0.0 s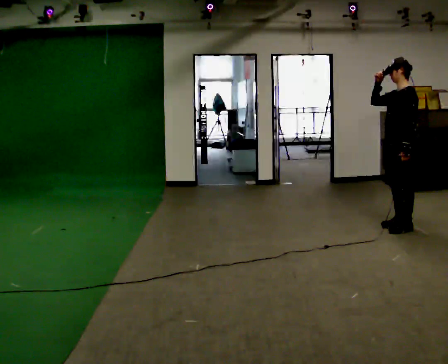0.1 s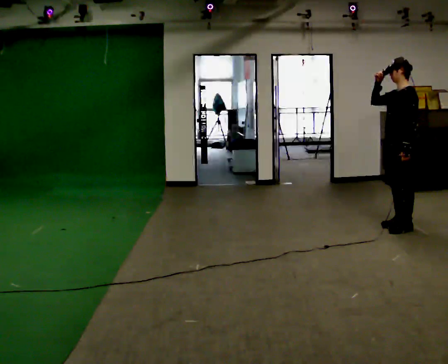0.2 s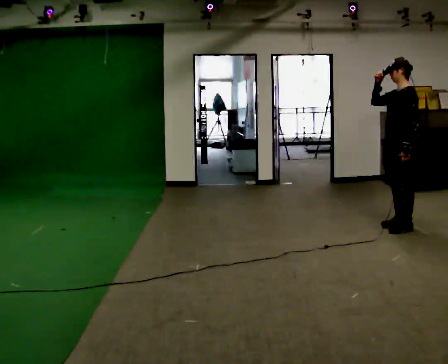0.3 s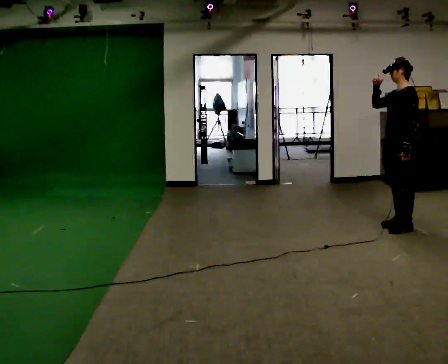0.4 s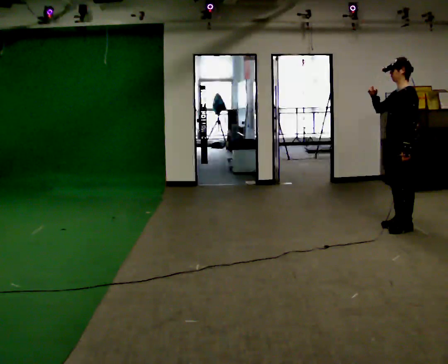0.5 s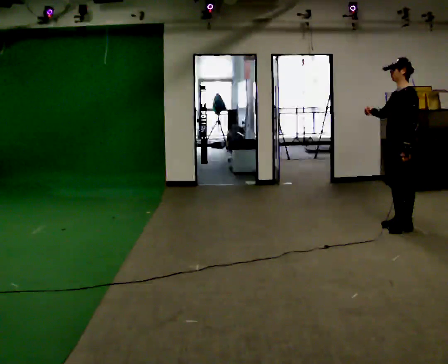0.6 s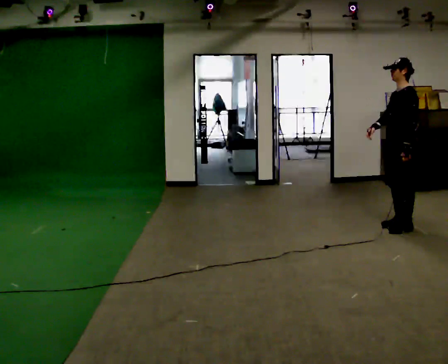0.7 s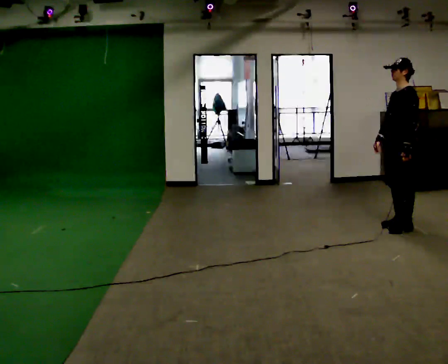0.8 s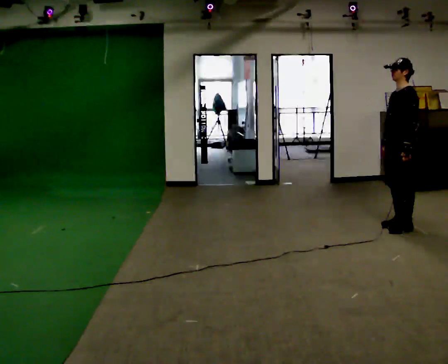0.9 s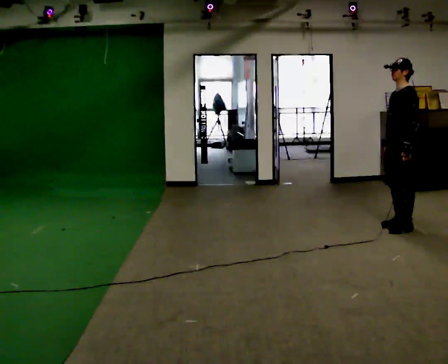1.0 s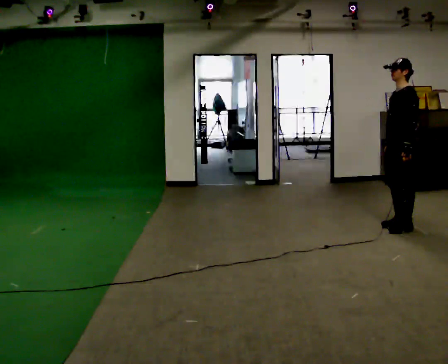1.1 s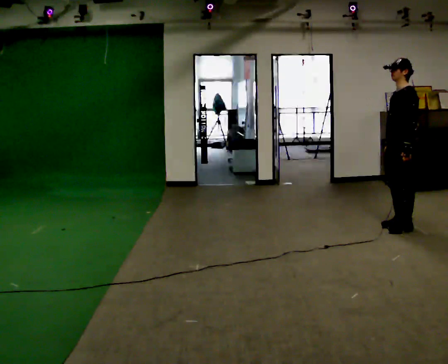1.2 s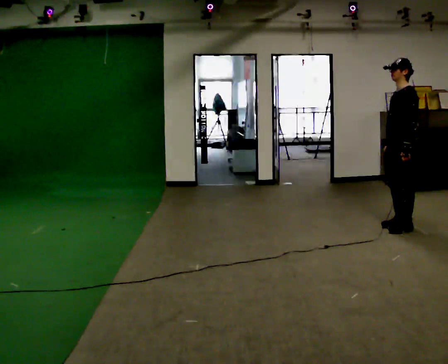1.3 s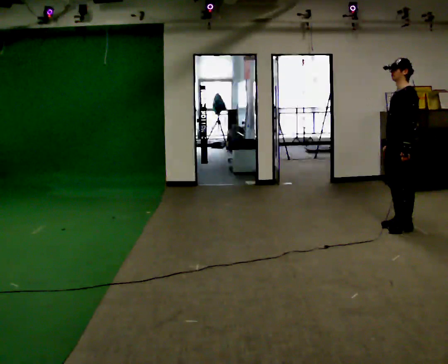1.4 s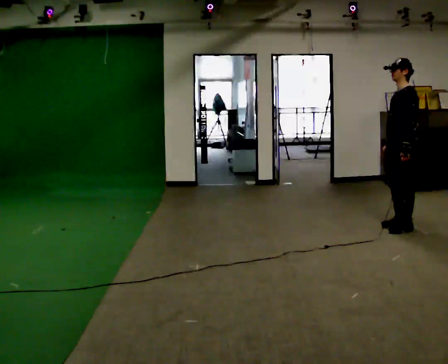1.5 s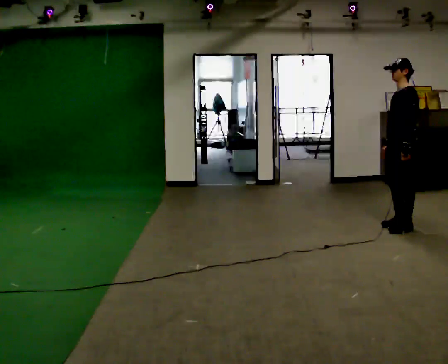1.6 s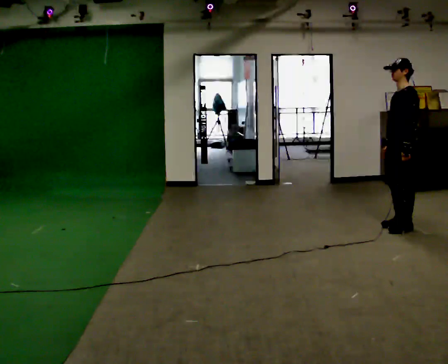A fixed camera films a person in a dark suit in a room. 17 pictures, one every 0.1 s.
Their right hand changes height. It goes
downward.
0.0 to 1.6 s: In the picture their right hand goes downward.
The film runs forward here.
